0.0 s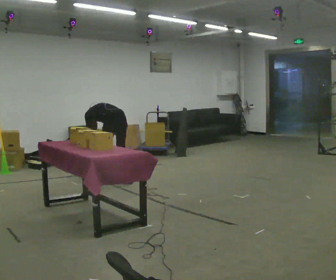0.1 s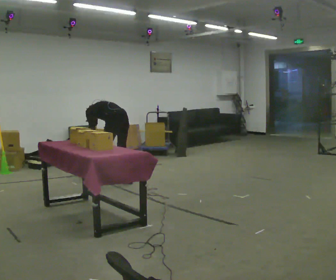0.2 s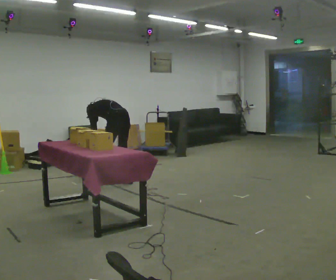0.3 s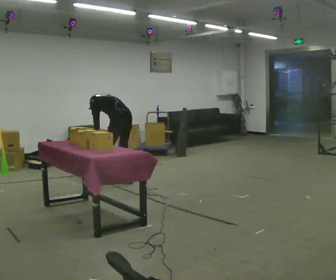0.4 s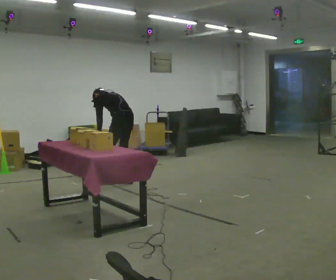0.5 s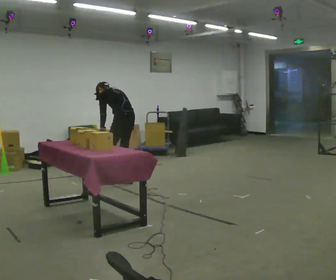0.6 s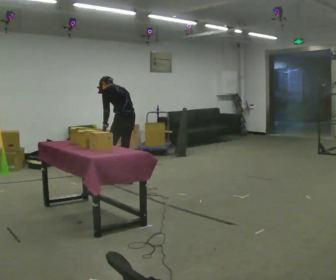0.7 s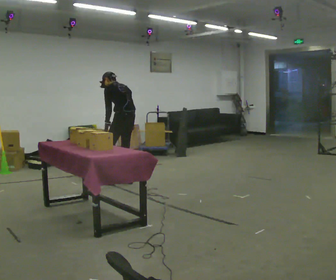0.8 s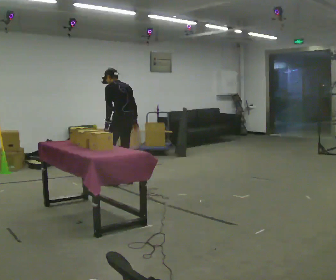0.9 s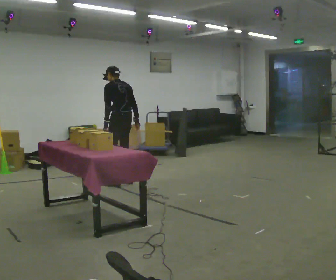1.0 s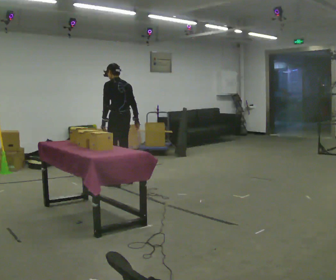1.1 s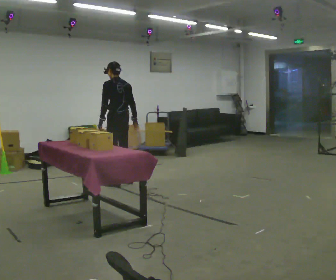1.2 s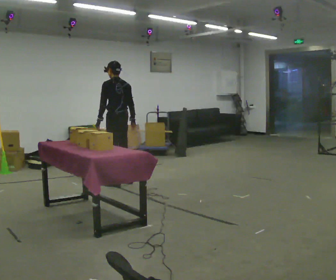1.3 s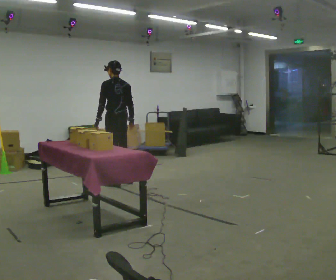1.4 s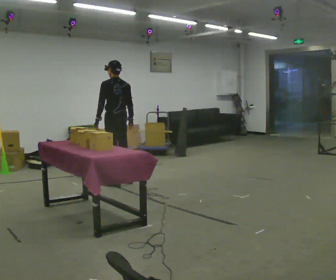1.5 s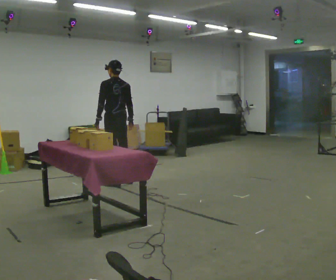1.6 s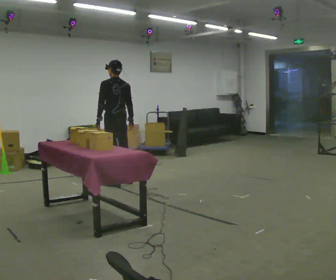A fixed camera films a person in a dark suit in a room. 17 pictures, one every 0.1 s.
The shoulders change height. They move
upward.
0.0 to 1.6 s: The shoulders move upward. The upper body tips toward the camera, its near side rolling downward, as they lean back or straighten. In the picture their right hand goes to the right and upward.
The film runs forward here.
